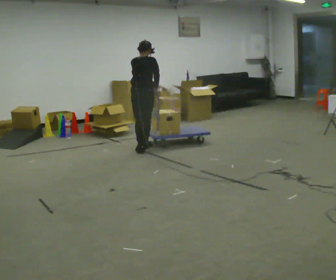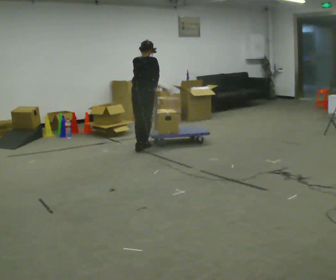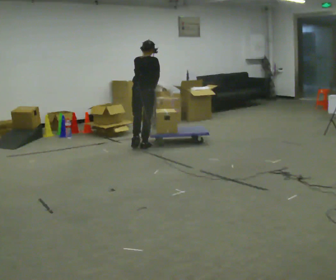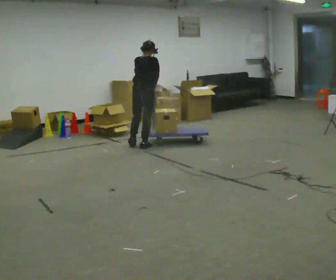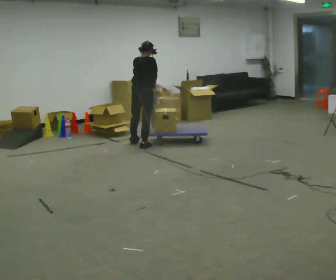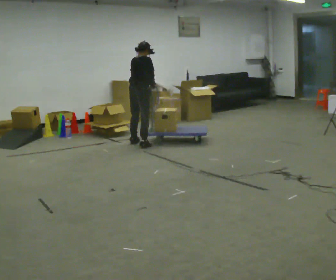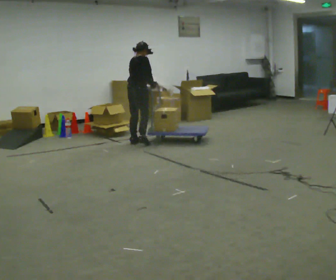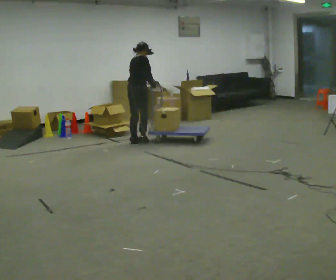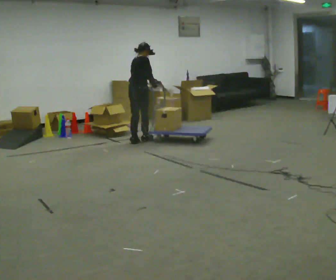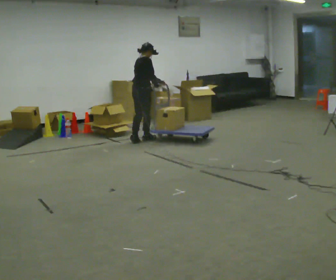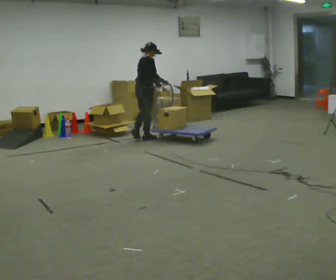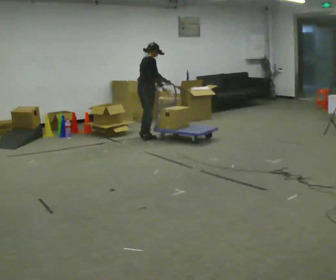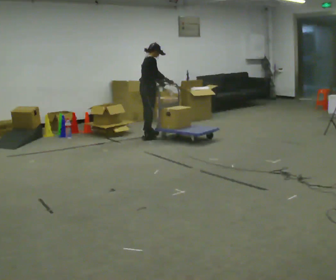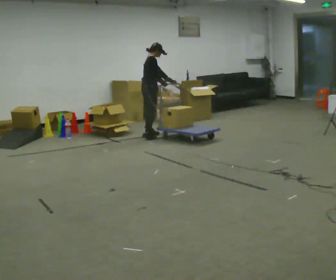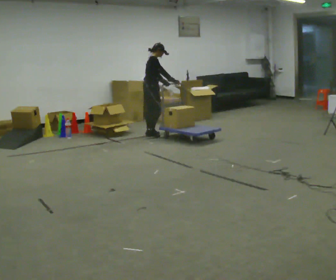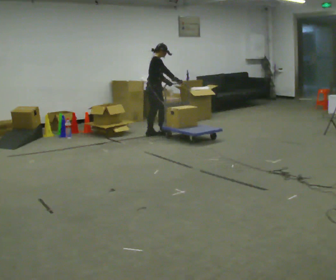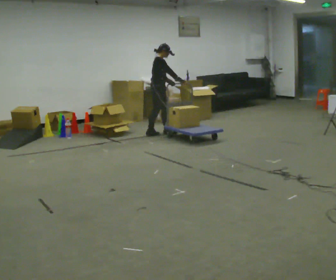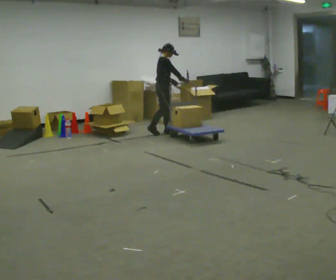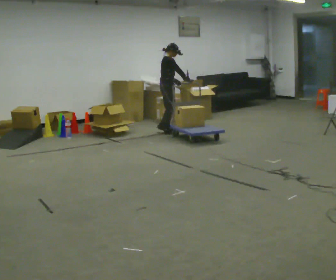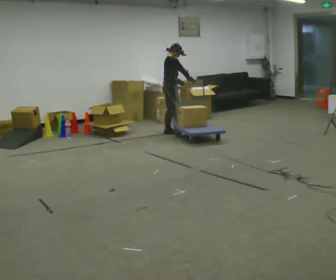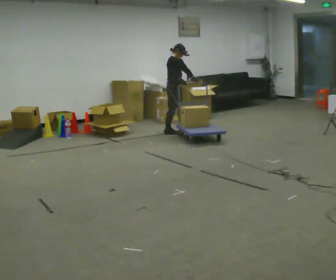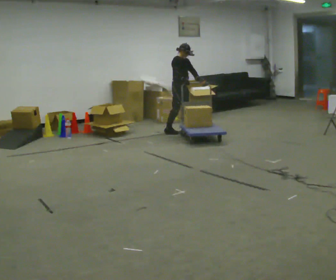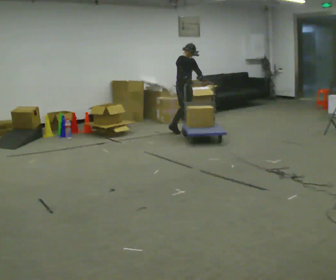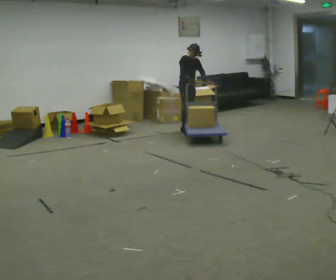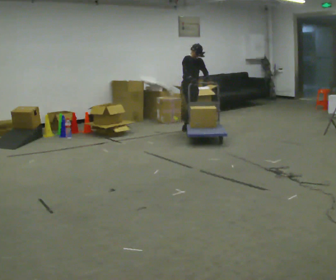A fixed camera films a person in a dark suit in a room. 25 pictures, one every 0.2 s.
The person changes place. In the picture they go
away from the camera.
The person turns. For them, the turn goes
to their right.
0.0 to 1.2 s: The person turns about 30 degrees to their right, clockwise seen from above, so the part of the body nearest the lens slides to the left. In the picture they go away from the camera, about 0.5 m in 1 step, which for them is forward and to their left.
1.2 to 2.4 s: Seen from above the body turns clockwise, about 30 degrees: to their right, with its near side sliding to the left. In the picture they go away from the camera, about 0.5 m in 2 steps, which for them is forward and to their left.
2.4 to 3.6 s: The person turns about 30 degrees to their right, clockwise seen from above, so the part of the body nearest the lens slides to the left. In the picture they go to the right and away from the camera, about 0.5 m in 1 step, which for them is forward and to their left.
3.6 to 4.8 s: Seen from above the body turns clockwise, about 45 degrees: to their right, with its near side sliding to the left. In the picture they go to the right, about 0.5 m in 1 step, which for them is to their left and forward.
The film runs forward here.
